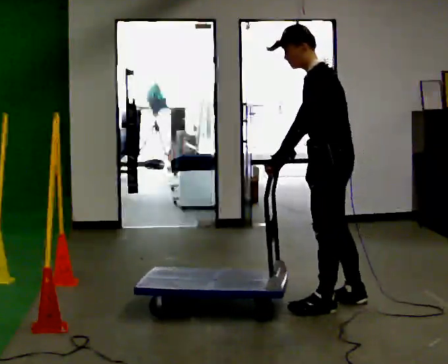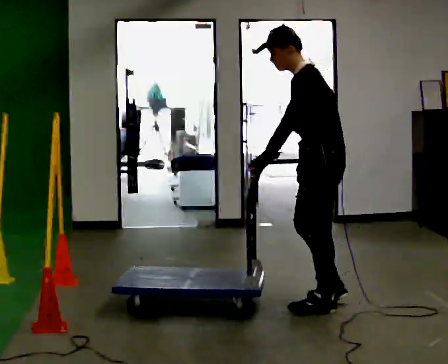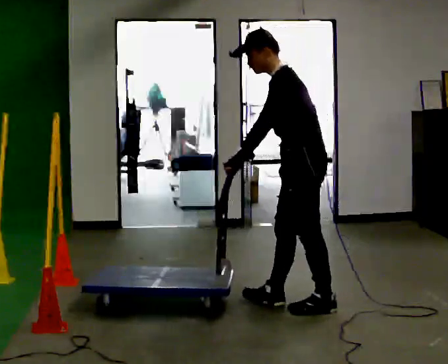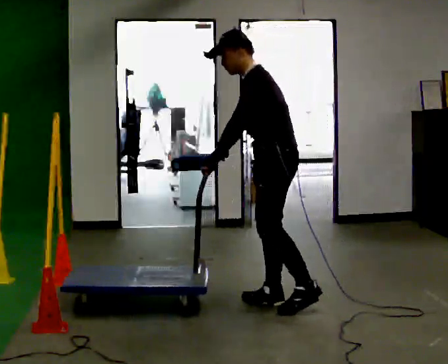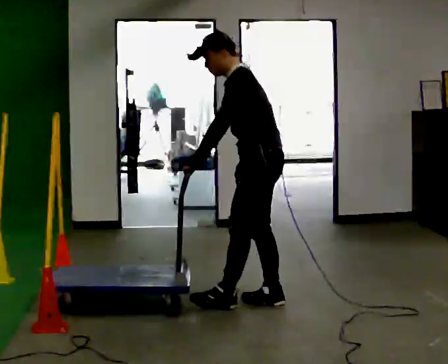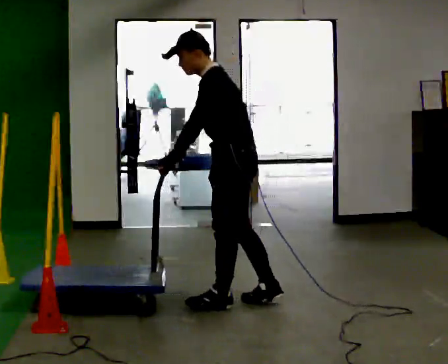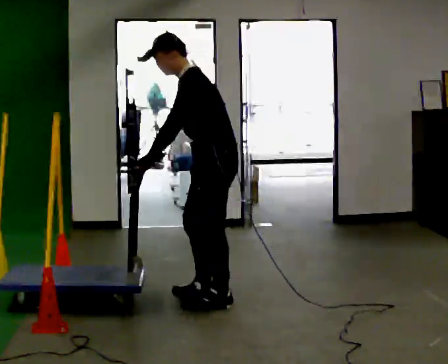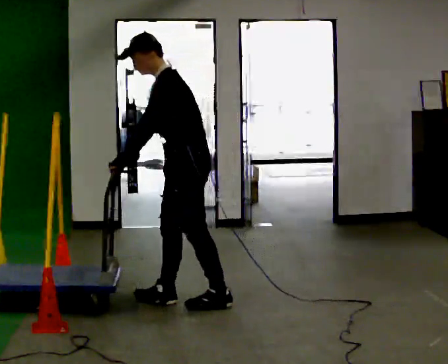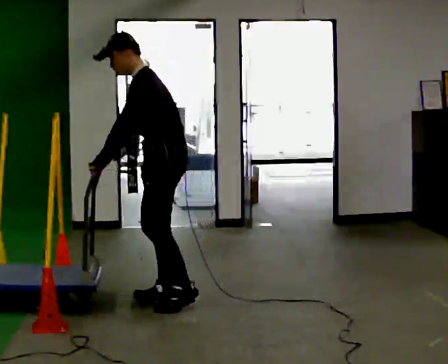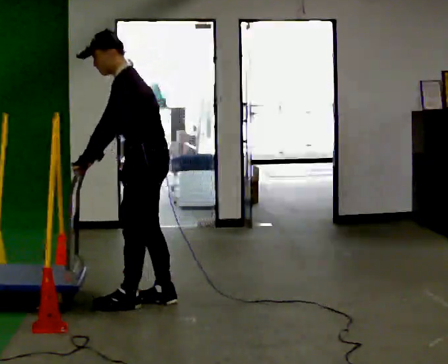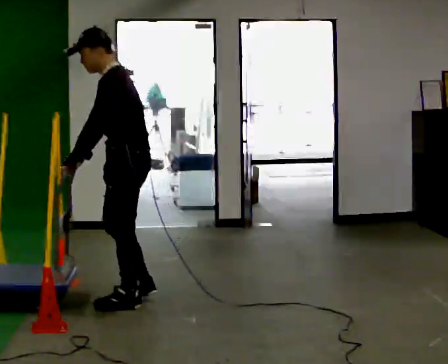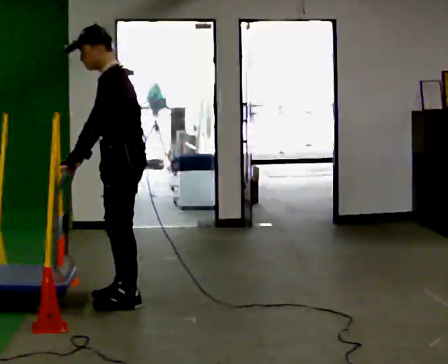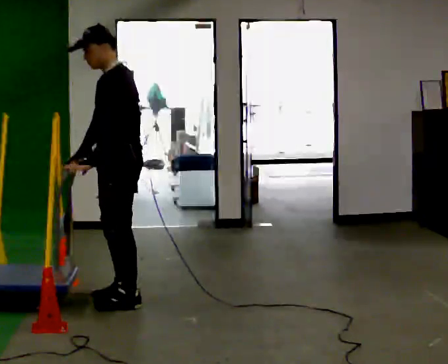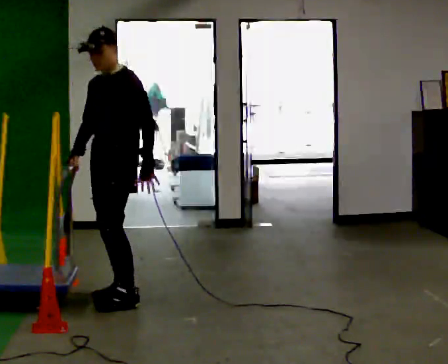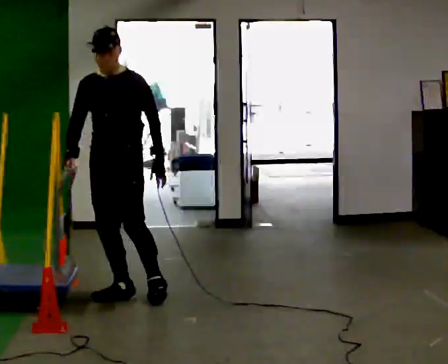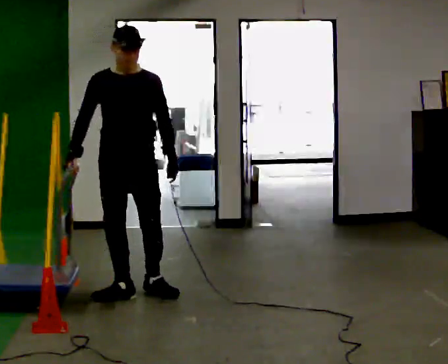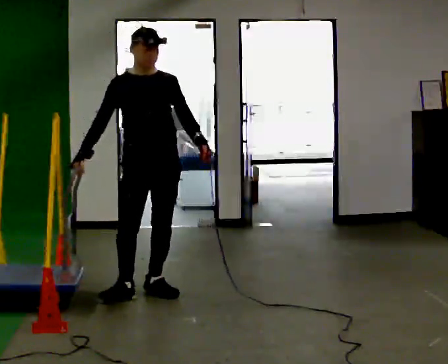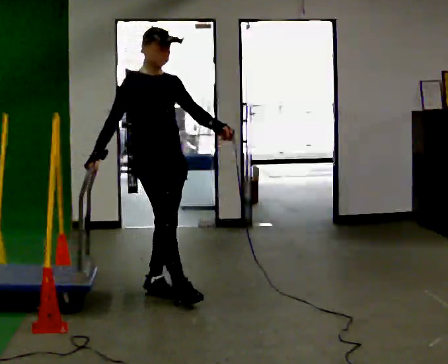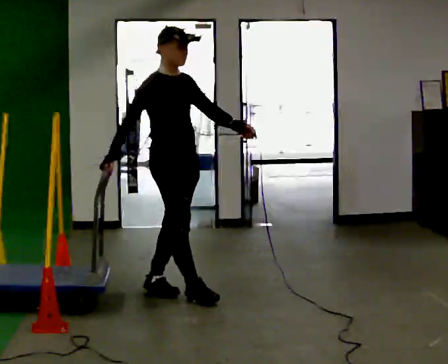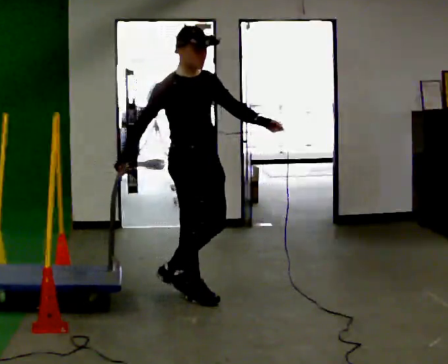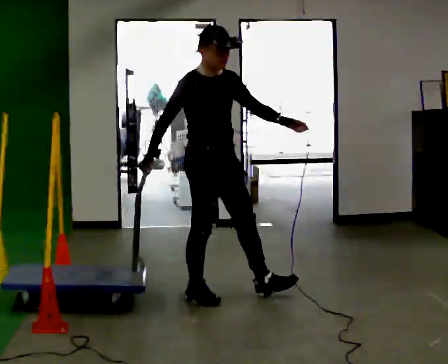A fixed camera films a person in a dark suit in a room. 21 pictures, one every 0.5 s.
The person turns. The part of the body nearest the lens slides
to the right.
The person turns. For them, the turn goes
to their left.
0.0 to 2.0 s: In the picture they go to the left and away from the camera, about 0.5 m in 1 step, which for them is forward.
2.0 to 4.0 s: In the picture they go to the left, about 0.5 m in 2 steps, which for them is forward.
4.0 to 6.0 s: In the picture they go to the left, about 0.25 m in 2 steps, which for them is forward. In the picture the upper body tilts clockwise, shoulders to the right, as they lean back or straighten.
6.0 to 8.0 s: The person turns about 90 degrees to their left, counterclockwise seen from above, so the part of the body nearest the lens slides to the right. In the picture they go away from the camera and to the right, about 0.25 m in 1 step.
8.0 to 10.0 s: The part of the body nearest the lens slides to the right as the person turns to their left by about 30 degrees. In the picture they go to the right and toward the camera, about 0.5 m in 2 steps, which for them is forward.
The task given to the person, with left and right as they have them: Get the cart into the marked parking space and lined up with the tape. Take as many adjustments as you need. Then take it out again and repeat.
The film runs forward here.
